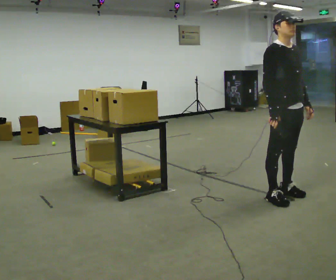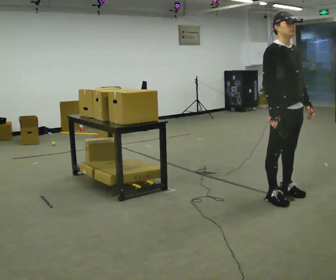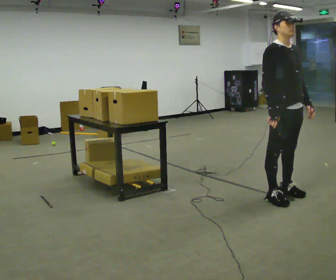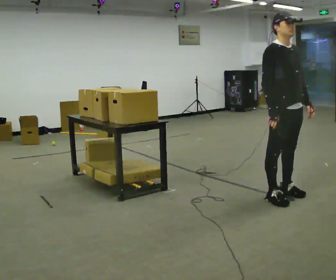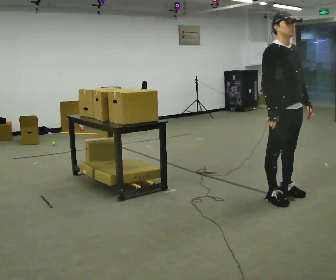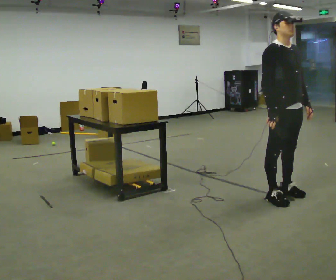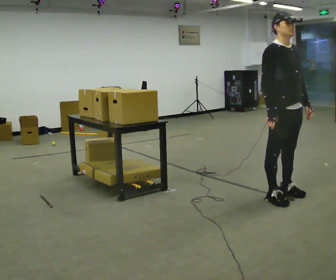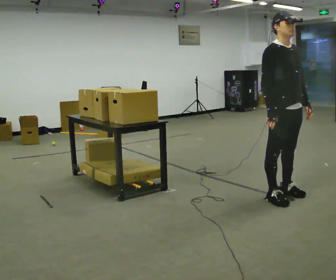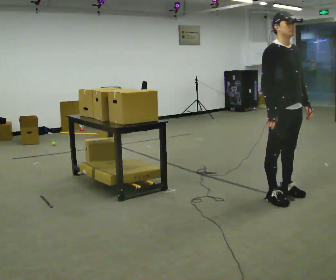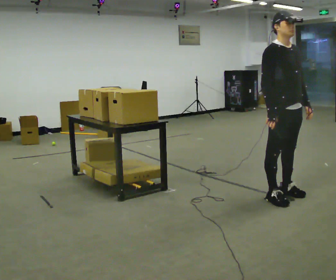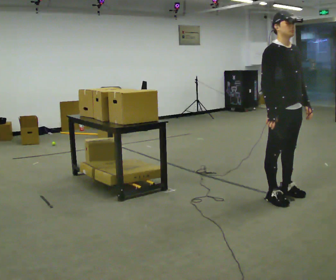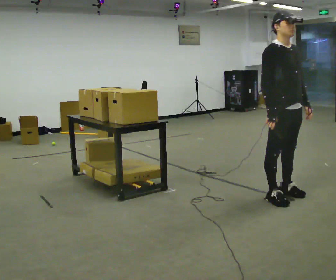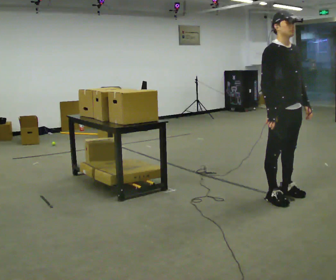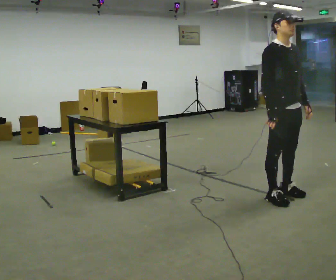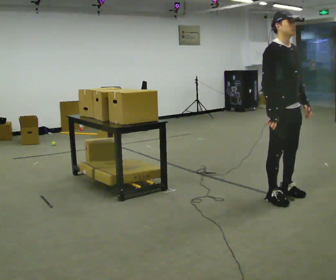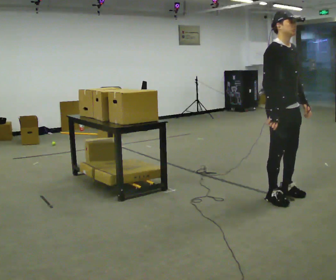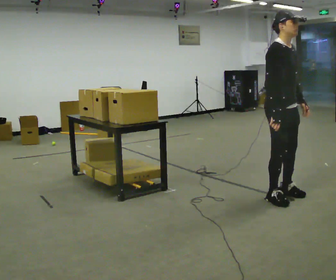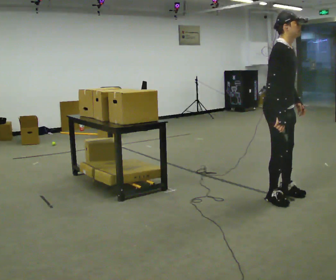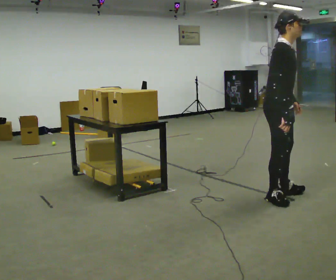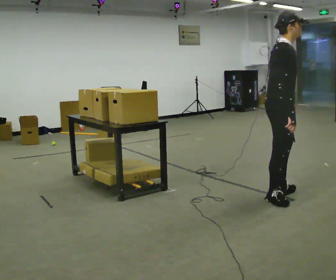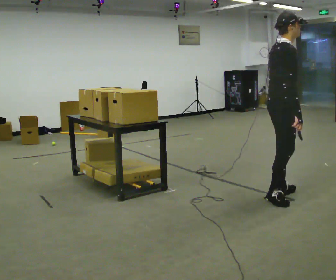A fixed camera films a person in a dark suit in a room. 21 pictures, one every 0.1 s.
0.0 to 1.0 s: The person keeps their place and pose.
1.0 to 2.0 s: Seen from above the body turns counterclockwise, about 60 degrees: to their left, with its near side sliding to the right.
The film runs forward here.
